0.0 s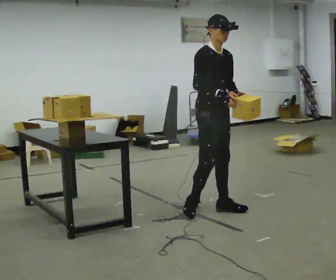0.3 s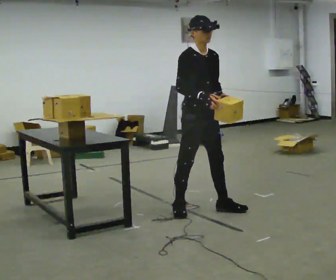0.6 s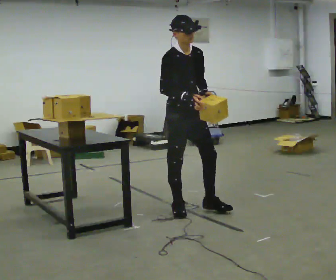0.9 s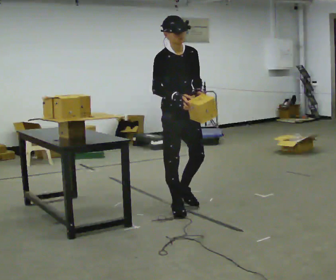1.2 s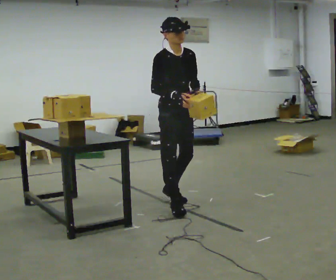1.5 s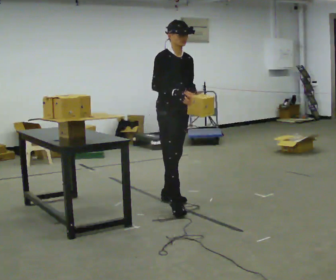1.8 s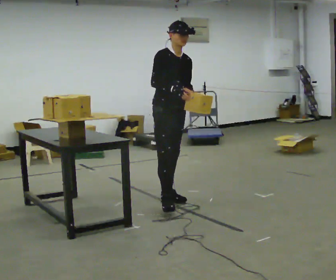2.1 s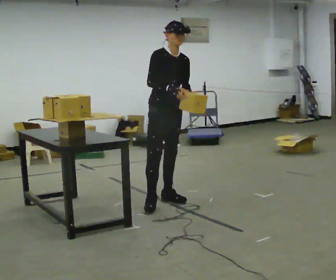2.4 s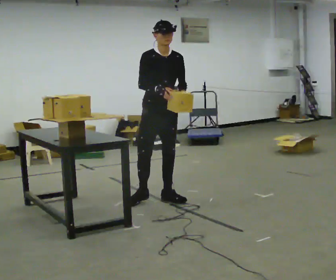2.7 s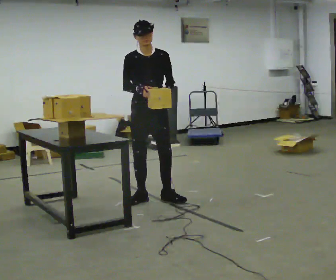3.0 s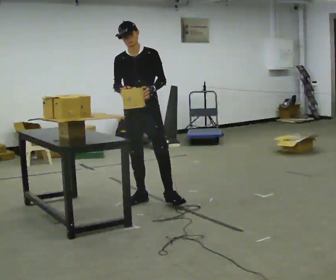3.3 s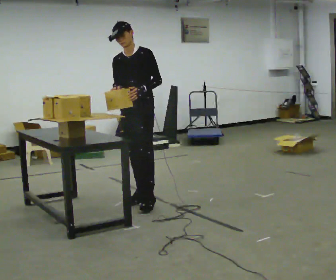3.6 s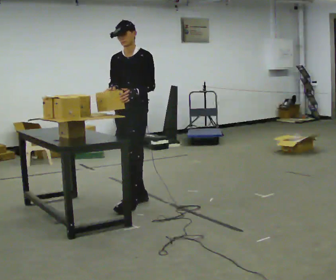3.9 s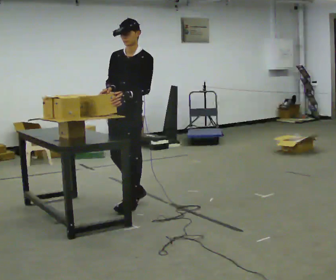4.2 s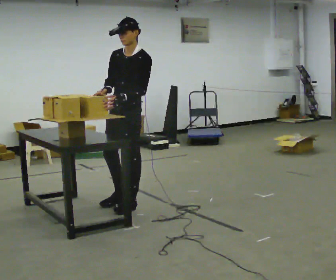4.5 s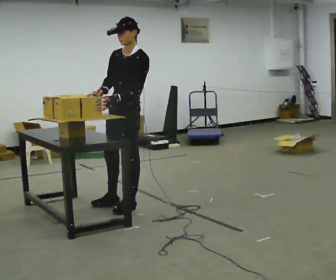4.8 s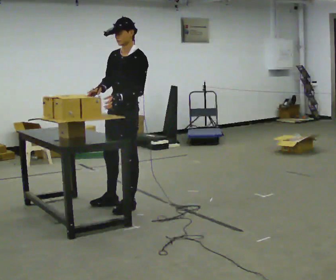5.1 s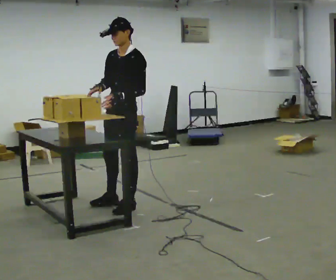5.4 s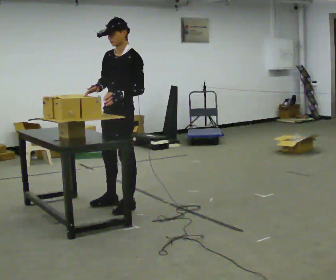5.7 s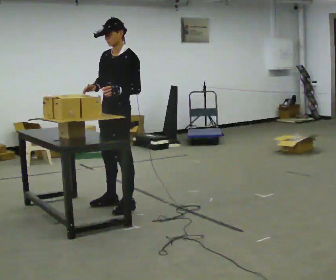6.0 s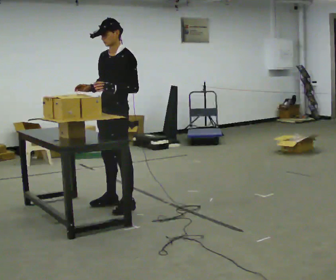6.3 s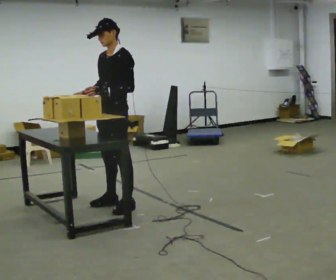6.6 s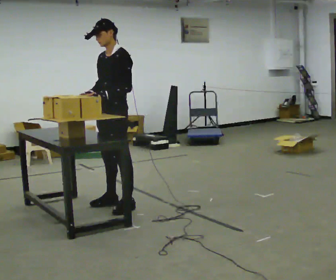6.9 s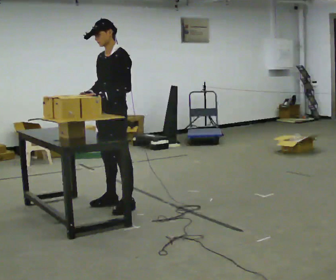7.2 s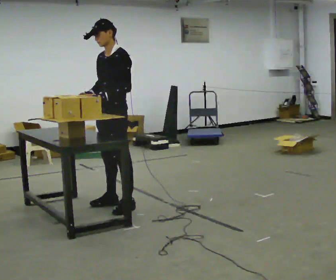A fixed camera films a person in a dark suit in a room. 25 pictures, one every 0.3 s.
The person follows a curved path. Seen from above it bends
counterclockwise.
The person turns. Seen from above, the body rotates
clockwise.
0.0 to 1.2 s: In the picture they go to the left and away from the camera, about 0.25 m in 1 step, which for them is backward and to their right.
1.2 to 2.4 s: In the picture they go away from the camera, about 0.25 m in 1 step, which for them is backward.
2.4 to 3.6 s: The part of the body nearest the lens slides to the left as the person turns to their right by about 45 degrees. In the picture they go to the left, about 0.25 m in 1 step, which for them is to their right. In the picture their left hand goes to the left.
3.6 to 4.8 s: In the picture they go toward the camera, about 0.25 m in 1 step, which for them is forward.
4.8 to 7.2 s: The person moves a little, or ends about where they began.
The film runs backward here.
